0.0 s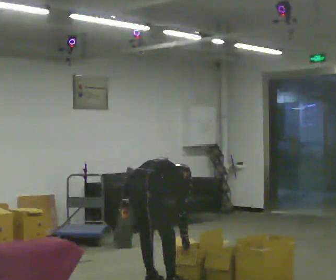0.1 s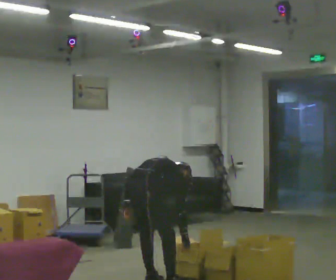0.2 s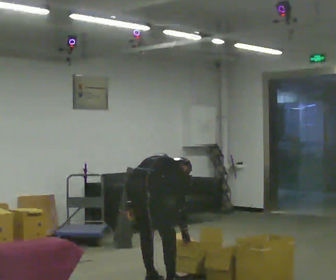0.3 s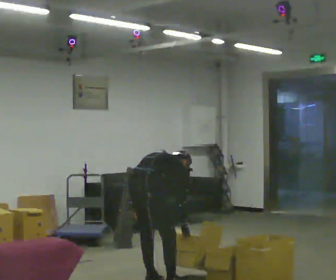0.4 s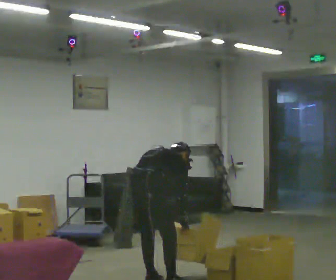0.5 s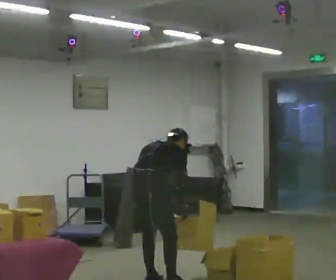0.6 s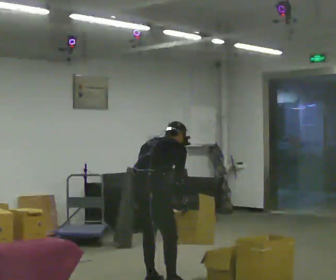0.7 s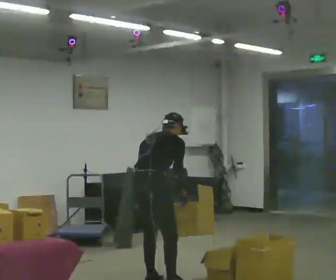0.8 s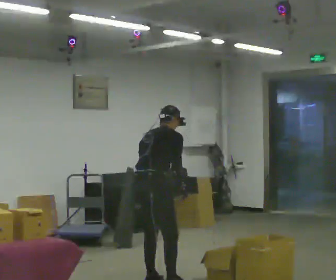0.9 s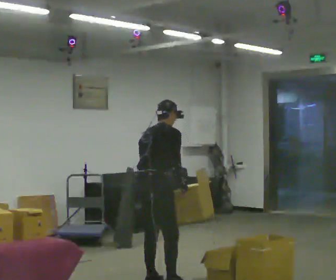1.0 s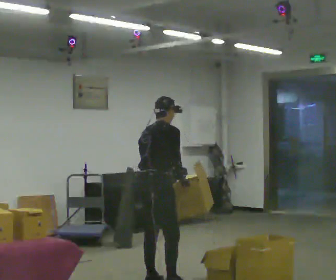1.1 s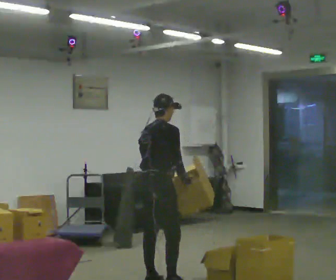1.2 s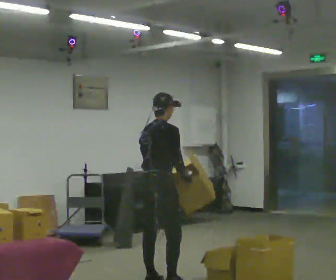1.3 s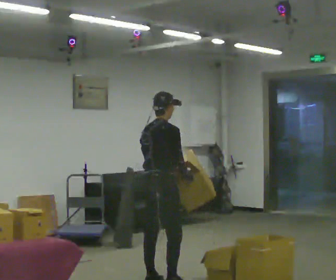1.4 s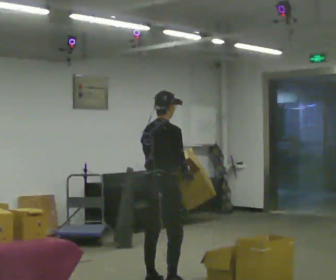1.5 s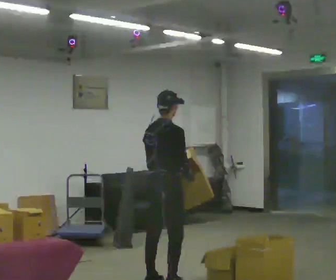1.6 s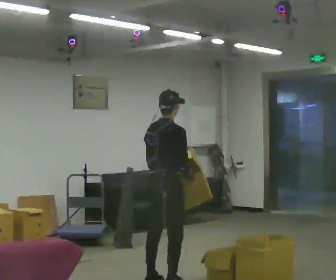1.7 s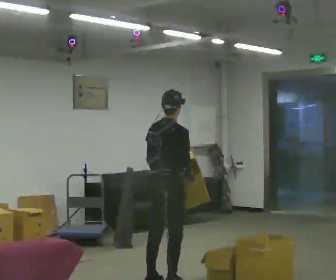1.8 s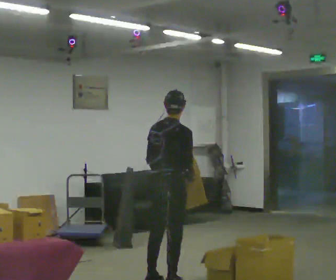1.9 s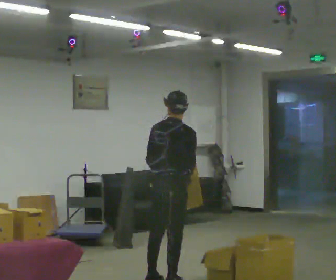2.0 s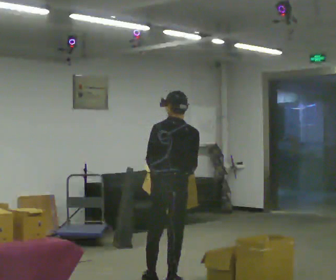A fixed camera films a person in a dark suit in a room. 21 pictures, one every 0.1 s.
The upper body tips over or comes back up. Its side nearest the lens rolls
downward.
Their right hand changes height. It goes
upward.
0.0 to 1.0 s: The shoulders move upward. The upper body tips toward the camera, its near side rolling downward, as they lean back or straighten. In the picture their left hand goes to the right, the arm swinging counterclockwise.
1.0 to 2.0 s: Seen from above the body turns counterclockwise, about 30 degrees: to their left, with its near side sliding to the right.
The film runs forward here.
